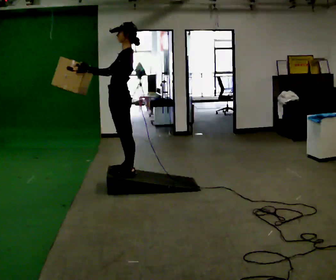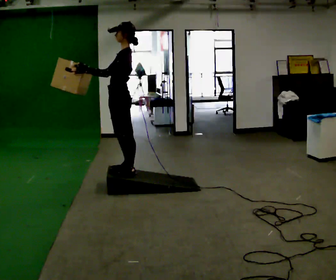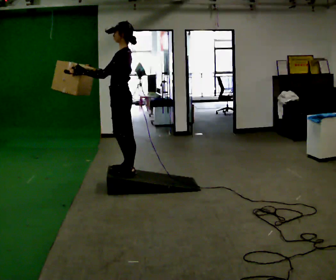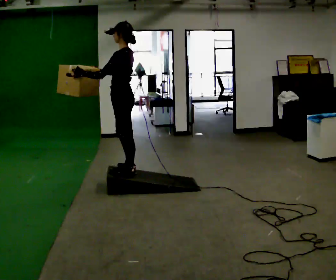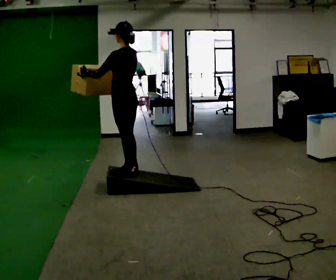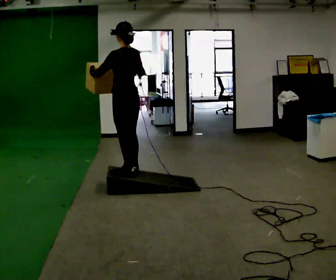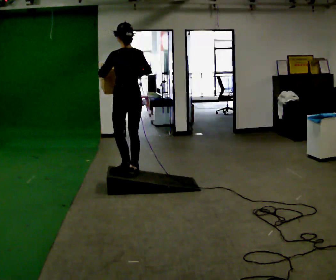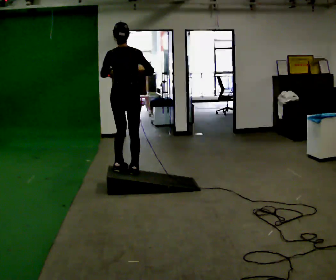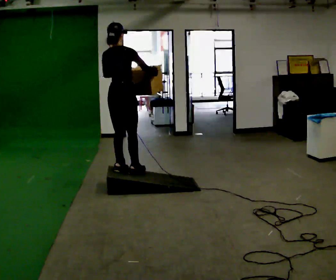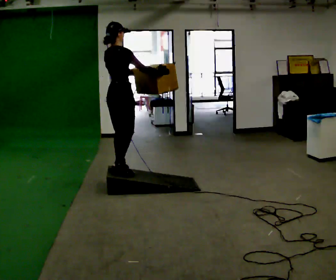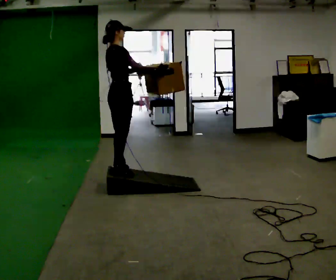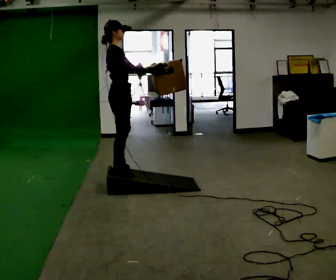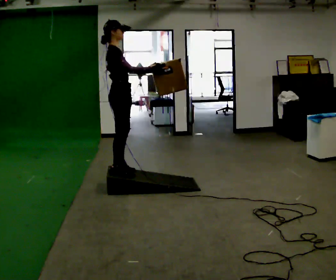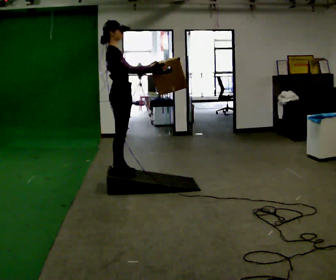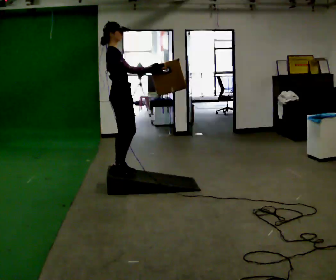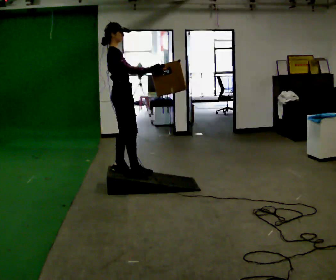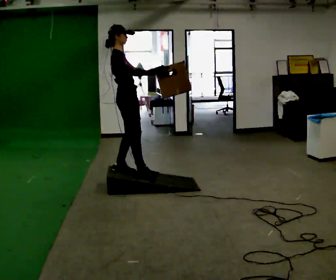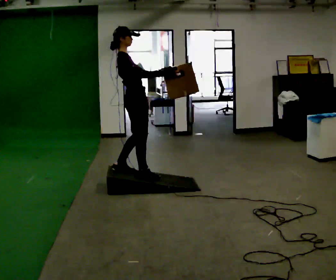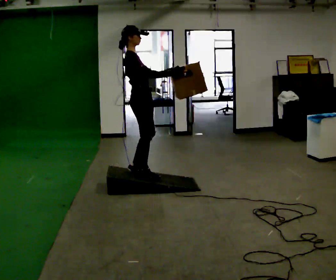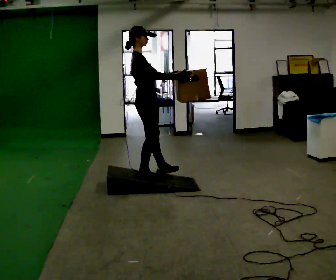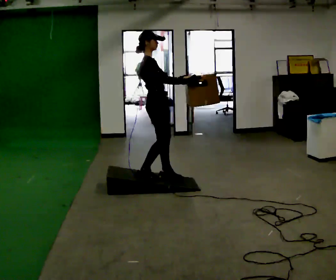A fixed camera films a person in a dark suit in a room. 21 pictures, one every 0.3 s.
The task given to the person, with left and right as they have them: Carry the box up the ramp, turn at the top, and carry it back down. Keep going until the operator says stop; one object at a time, and do not rush between trips.
0.0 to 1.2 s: Seen from above the body turns clockwise, about 45 degrees: to their right, with its near side sliding to the left. In the picture their right hand goes to the right.
1.2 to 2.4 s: The person turns about 75 degrees to their right, clockwise seen from above, so the part of the body nearest the lens slides to the left. In the picture their right hand goes to the right.
2.4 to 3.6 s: The person turns about 60 degrees to their right, clockwise seen from above, so the part of the body nearest the lens slides to the left. In the picture their left hand goes to the right.
3.6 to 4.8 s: The person moves a little, or ends about where they began.
4.8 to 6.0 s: In the picture they go to the right, about 0.25 m in 1 step, which for them is forward.
The film runs forward here.
